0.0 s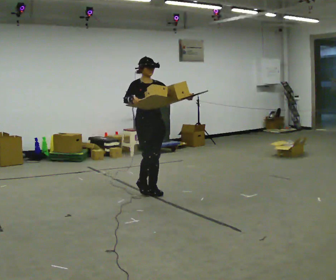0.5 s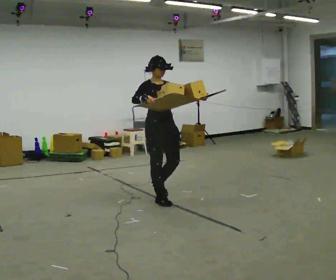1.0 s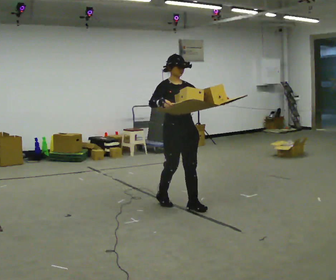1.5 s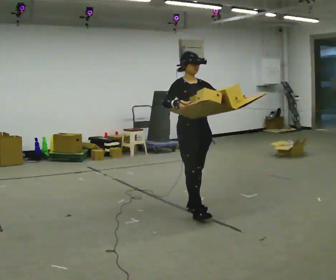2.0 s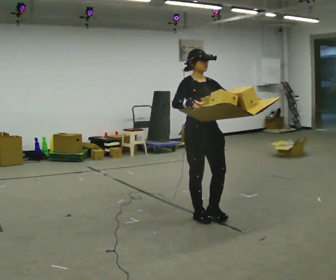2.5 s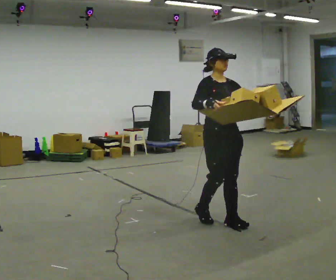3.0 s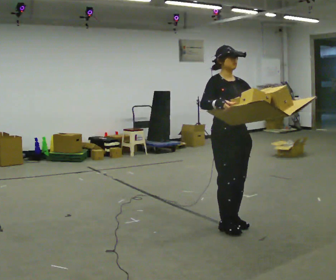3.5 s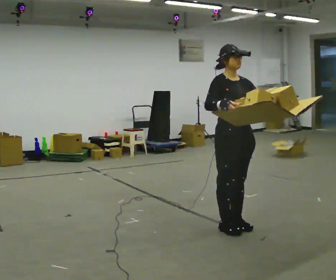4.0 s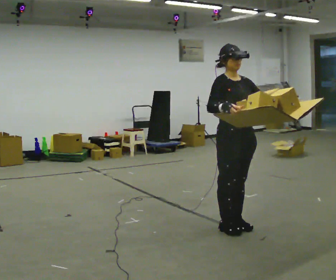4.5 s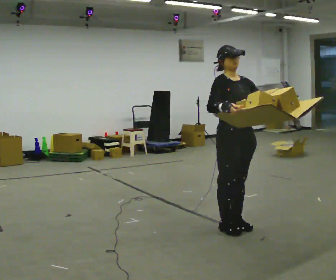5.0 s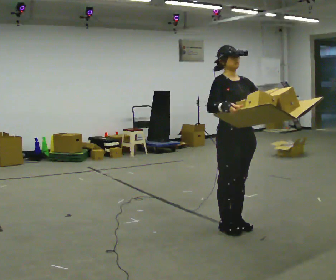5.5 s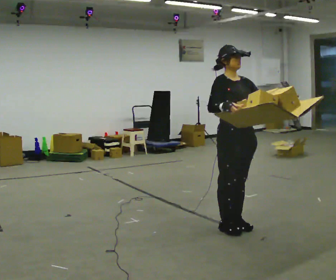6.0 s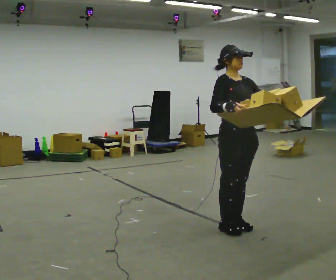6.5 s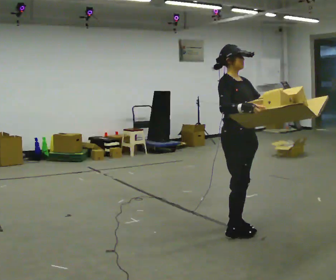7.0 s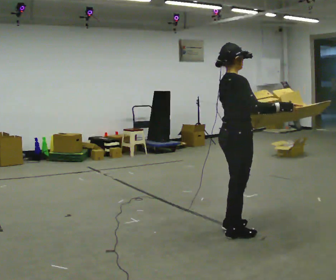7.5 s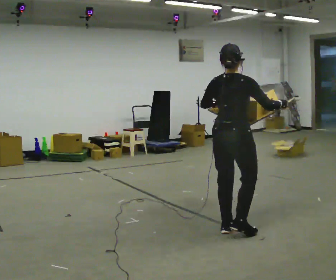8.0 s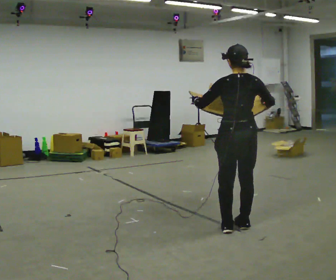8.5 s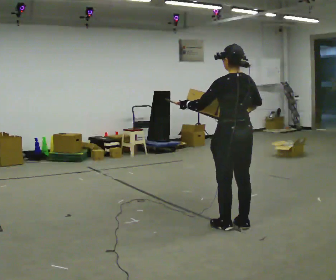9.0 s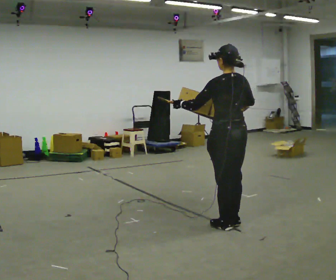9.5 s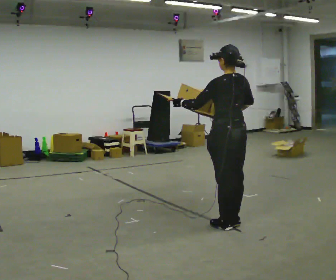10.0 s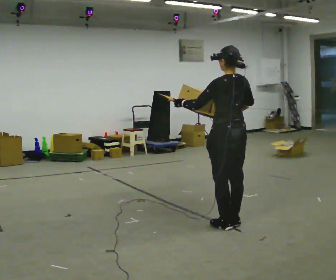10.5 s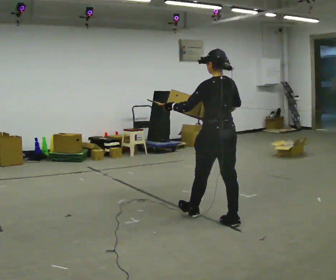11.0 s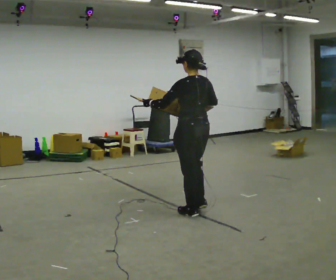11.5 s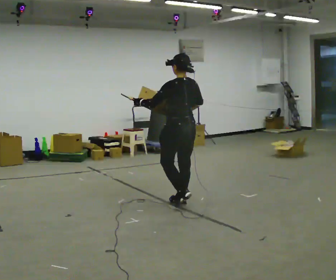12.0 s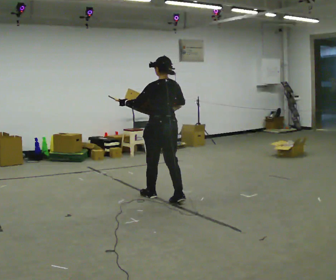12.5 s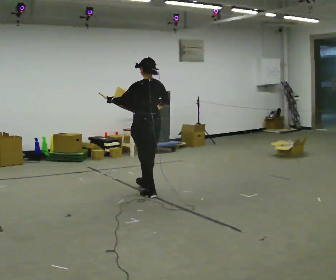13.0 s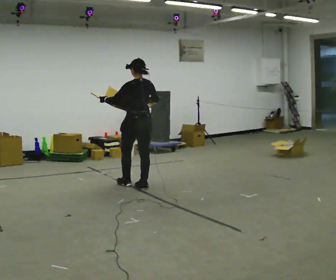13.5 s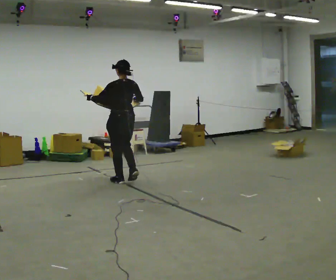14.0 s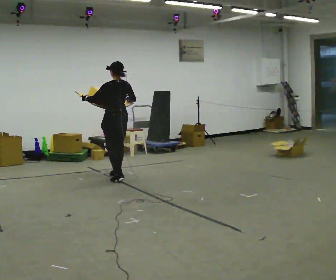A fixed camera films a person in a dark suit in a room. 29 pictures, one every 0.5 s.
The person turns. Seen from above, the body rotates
counterclockwise.
The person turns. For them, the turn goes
to their left.
0.0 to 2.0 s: In the picture they go toward the camera and to the right, about 1 m in 3 steps, which for them is forward.
2.0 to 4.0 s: In the picture they go toward the camera and to the right, about 0.5 m in 2 steps, which for them is forward.
4.0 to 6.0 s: The person moves a little, or ends about where they began.
6.0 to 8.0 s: Seen from above the body turns counterclockwise, about 150 degrees: to their left, with its near side sliding to the right. In the picture their left hand goes to the left.
8.0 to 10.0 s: The person moves a little, or ends about where they began.
10.0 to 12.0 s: In the picture they go away from the camera and to the left, about 1 m in 3 steps, which for them is forward.
12.0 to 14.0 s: In the picture they go away from the camera and to the left, about 1 m in 3 steps, which for them is forward.
The film runs forward here.
